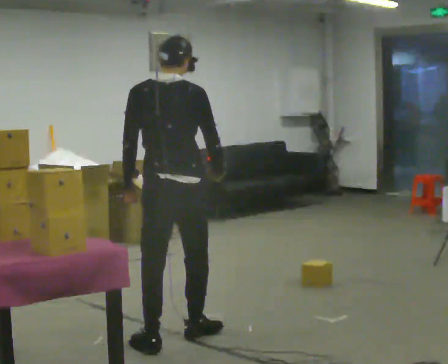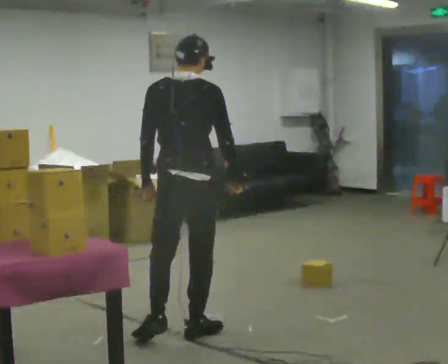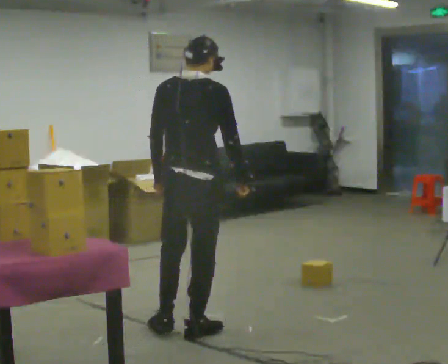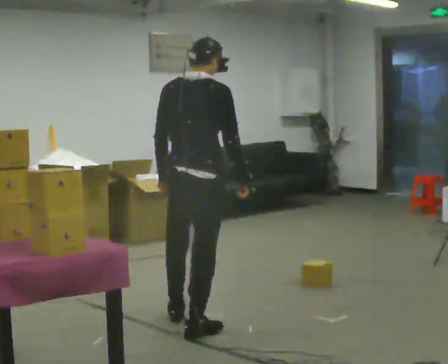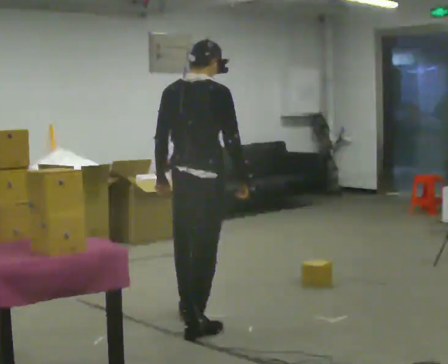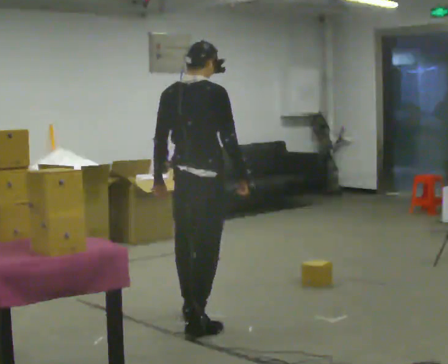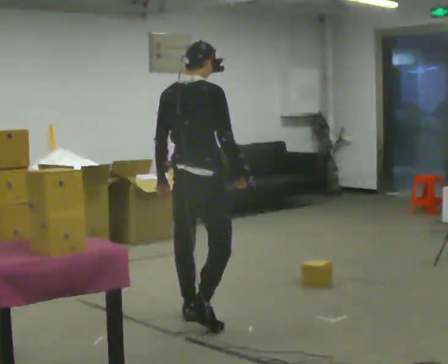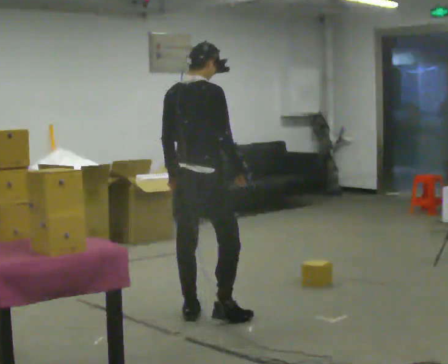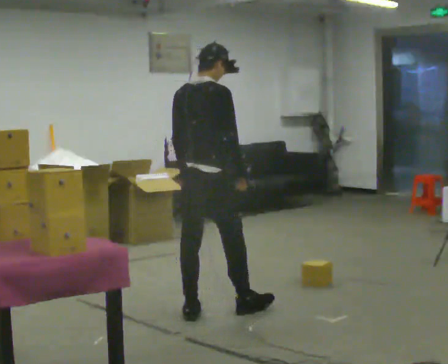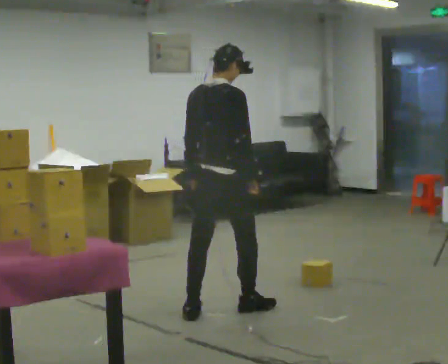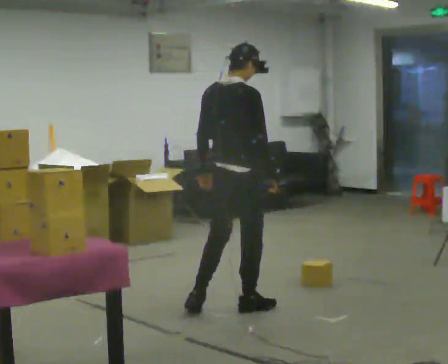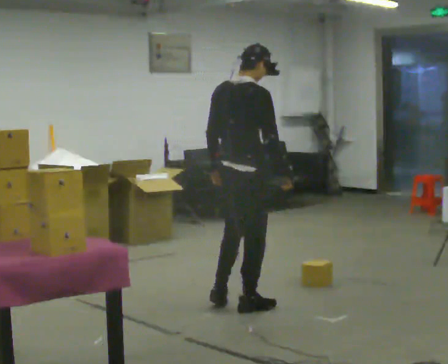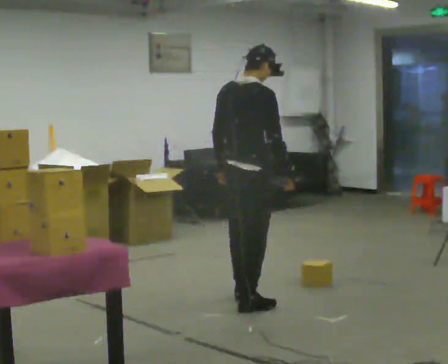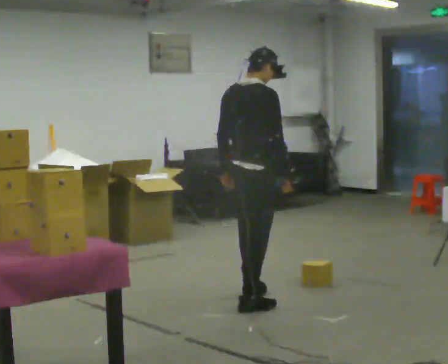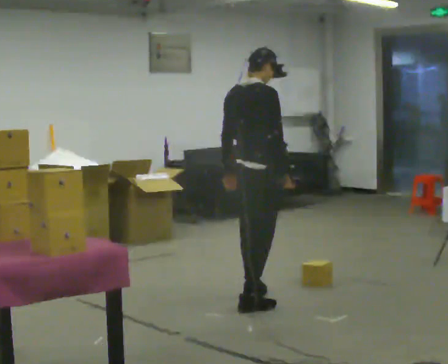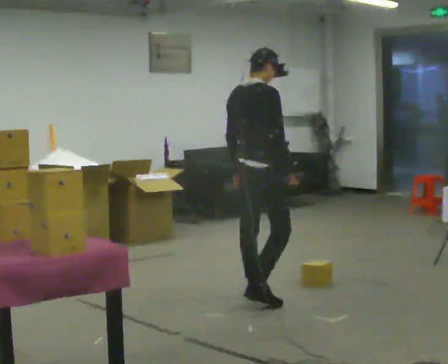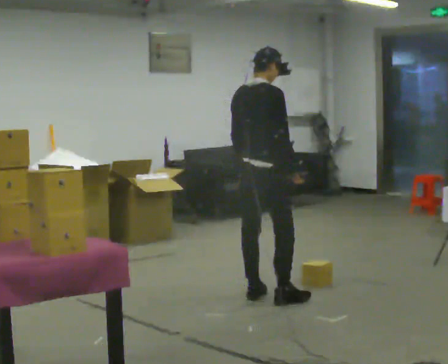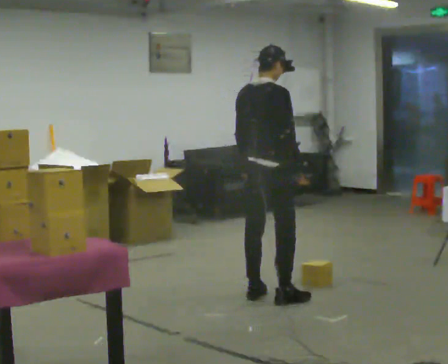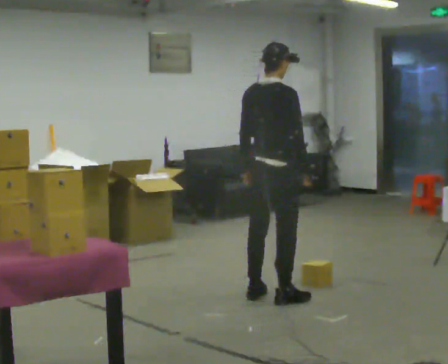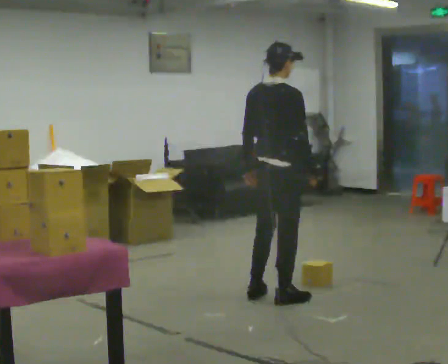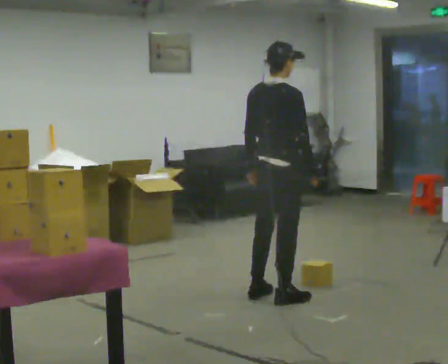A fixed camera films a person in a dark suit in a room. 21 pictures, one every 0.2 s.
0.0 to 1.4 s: The person turns about 30 degrees to their right, clockwise seen from above, so the part of the body nearest the lens slides to the left. In the picture they go away from the camera, about 0.5 m in 1 step, which for them is forward.
1.4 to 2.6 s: In the picture they go to the right and away from the camera, about 0.5 m in 2 steps, which for them is forward.
2.6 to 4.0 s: In the picture they go to the right and away from the camera, about 0.25 m in 1 step, which for them is forward.
The film runs forward here.
